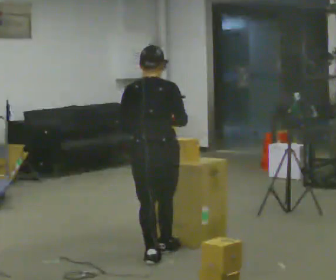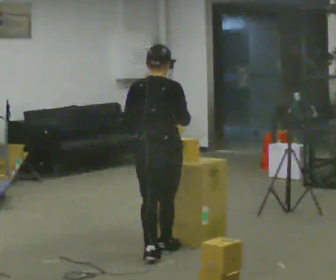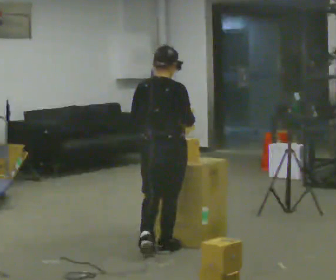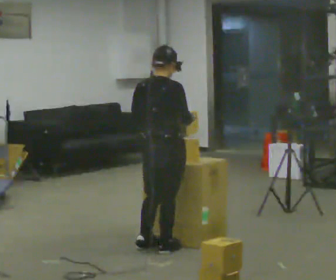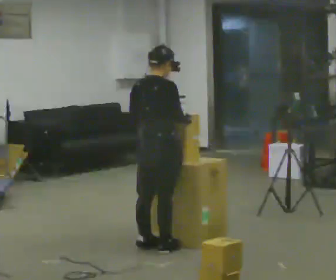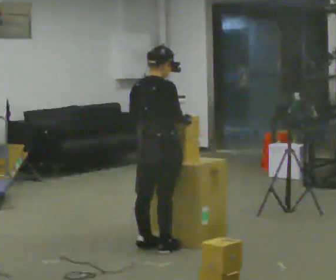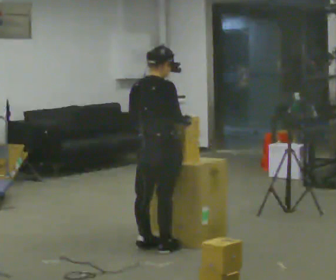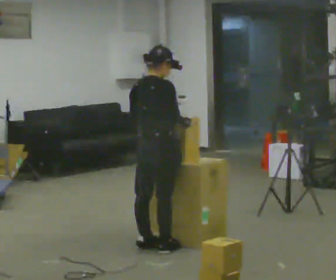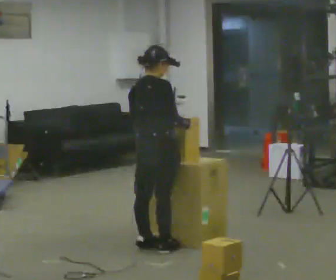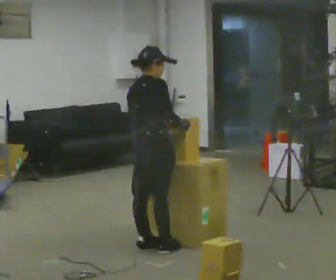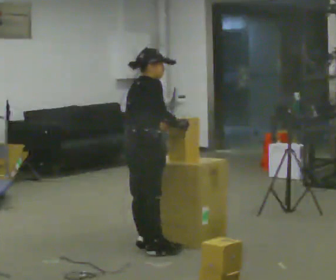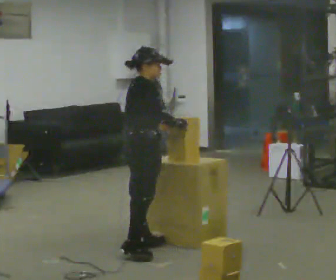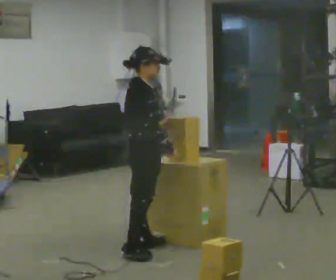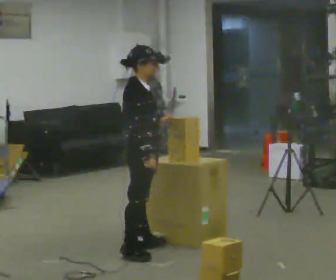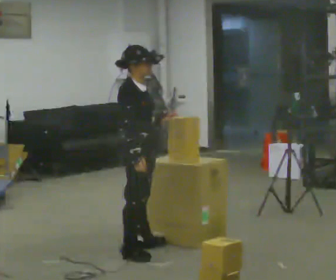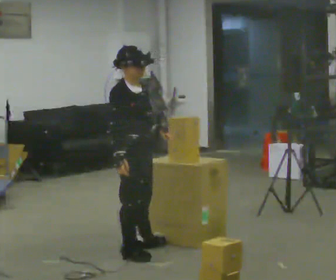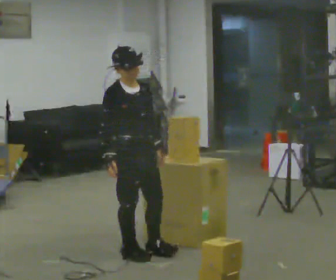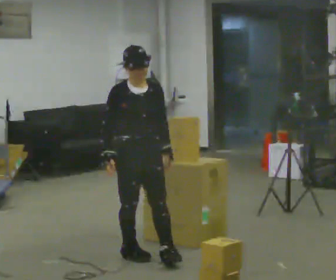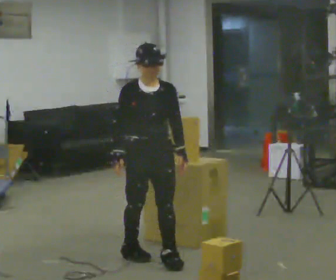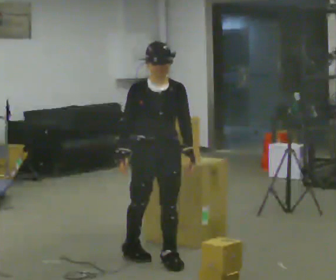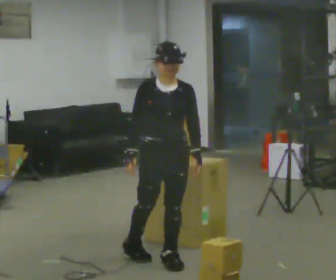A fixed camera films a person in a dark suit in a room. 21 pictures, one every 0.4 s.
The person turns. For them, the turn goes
to their right.
The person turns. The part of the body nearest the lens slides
to the left.
0.0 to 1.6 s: The person turns about 30 degrees to their right, clockwise seen from above, so the part of the body nearest the lens slides to the left. In the picture they go away from the camera, about 0.25 m in 1 step, which for them is forward.
1.6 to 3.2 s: The person moves a little, or ends about where they began.
3.2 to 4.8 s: Seen from above the body turns clockwise, about 45 degrees: to their right, with its near side sliding to the left.
4.8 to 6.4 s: The part of the body nearest the lens slides to the left as the person turns to their right by about 45 degrees. In the picture they go toward the camera, about 0.25 m, which for them is to their right. In the picture their right hand goes to the left.
6.4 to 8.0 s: The person turns about 30 degrees to their right, clockwise seen from above, so the part of the body nearest the lens slides to the left. In the picture they go toward the camera and to the right, about 0.25 m in 1 step, which for them is forward and to their left.
The film runs forward here.
